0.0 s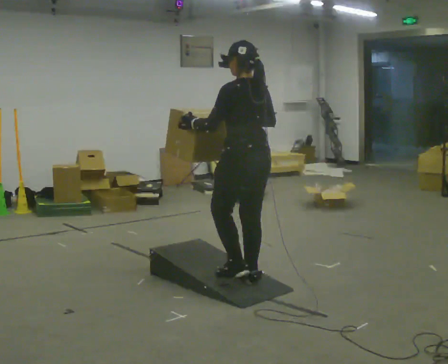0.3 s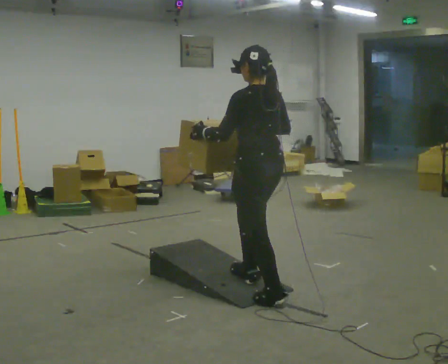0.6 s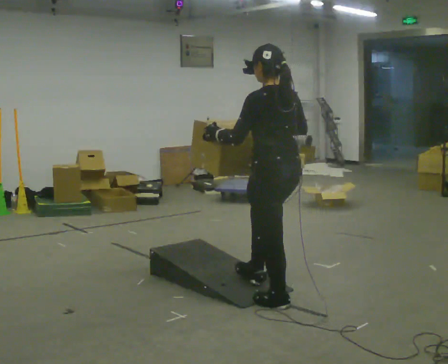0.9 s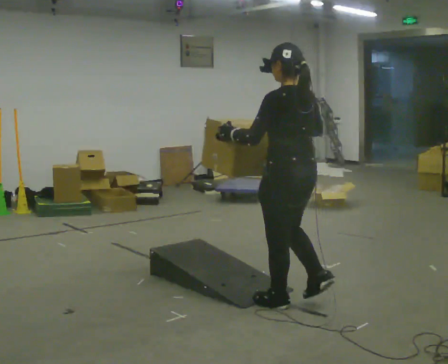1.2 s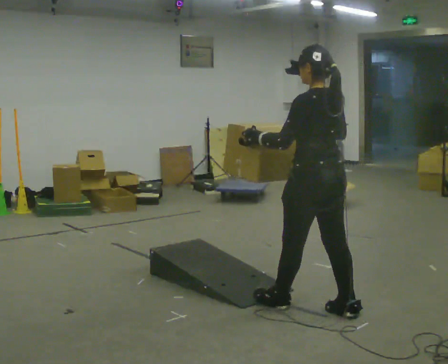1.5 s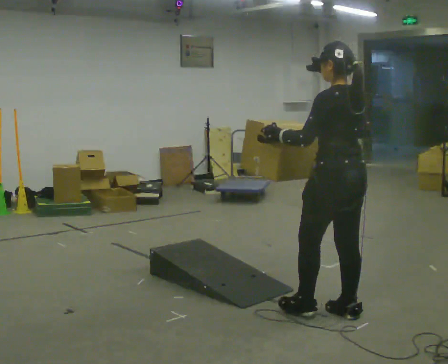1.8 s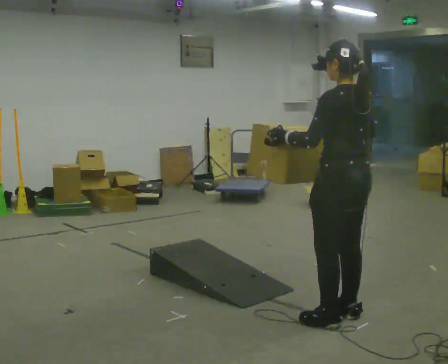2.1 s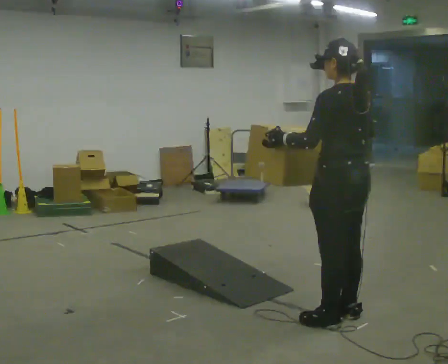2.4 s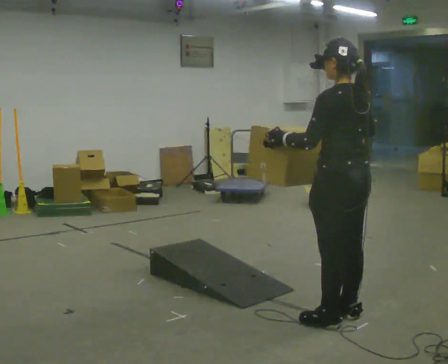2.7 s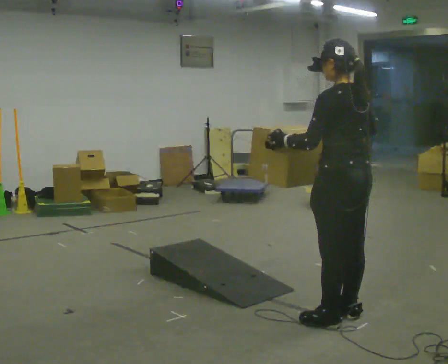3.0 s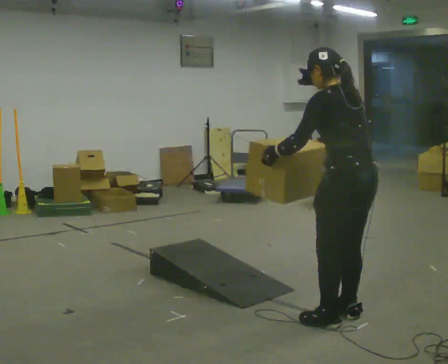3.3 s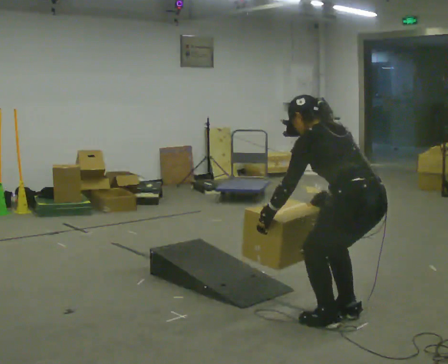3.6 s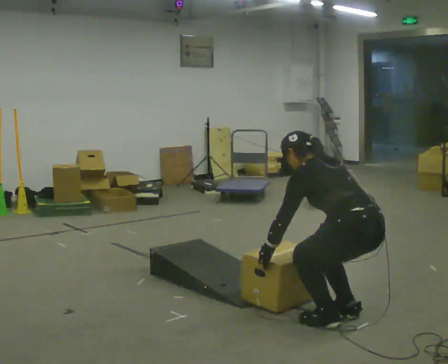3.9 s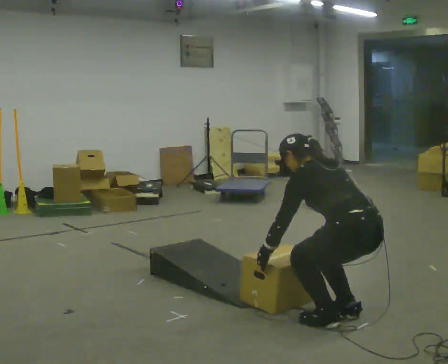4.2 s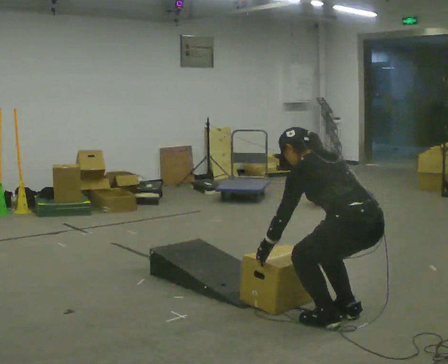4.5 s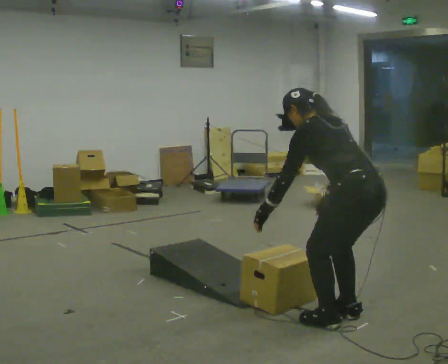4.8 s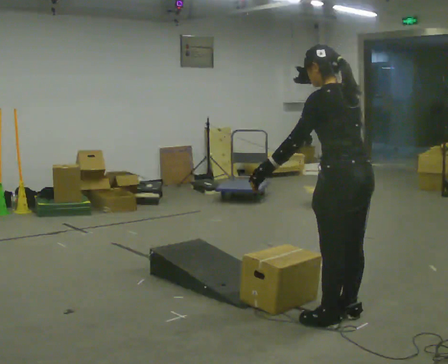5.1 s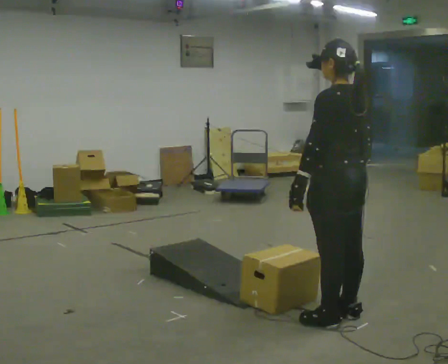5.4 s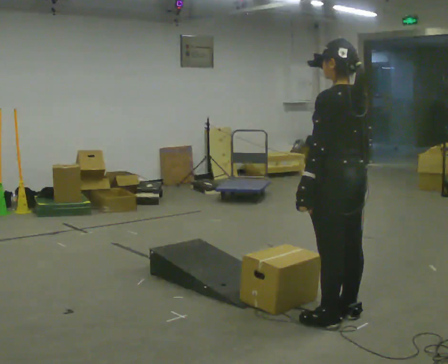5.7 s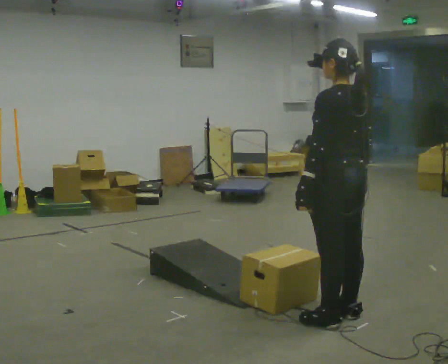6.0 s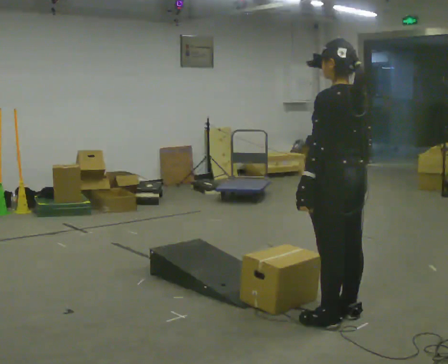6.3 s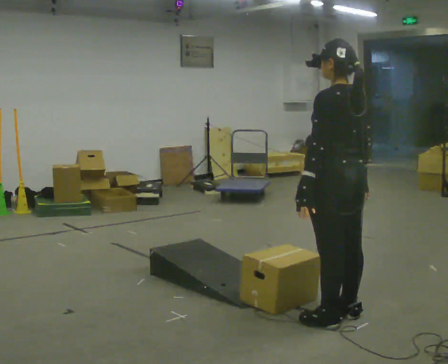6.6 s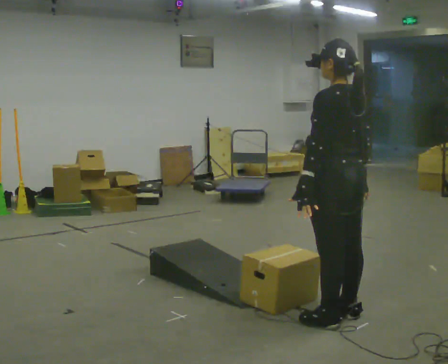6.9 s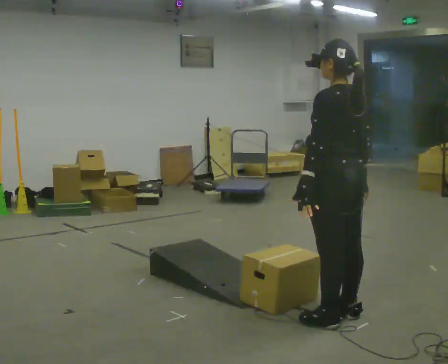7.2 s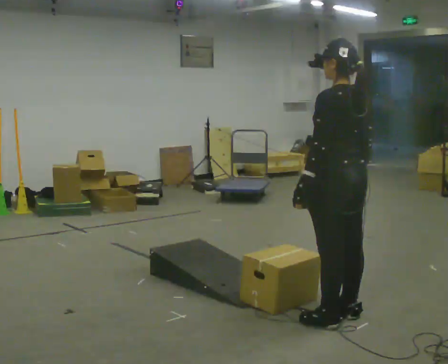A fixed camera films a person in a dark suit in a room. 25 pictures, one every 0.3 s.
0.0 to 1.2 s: In the picture they go to the right and toward the camera, about 0.5 m in 1 step, which for them is backward.
1.2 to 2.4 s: In the picture they go toward the camera, about 0.25 m in 1 step, which for them is backward.
2.4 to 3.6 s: The upper body goes downward. In the picture the upper body tilts counterclockwise, shoulders to the left, as they bend forward. In the picture their right hand goes downward.
3.6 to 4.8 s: The shoulders move upward. In the picture the upper body tilts clockwise, shoulders to the right, as they lean back or straighten. In the picture their left hand goes upward.
4.8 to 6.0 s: In the picture the upper body tilts clockwise, shoulders to the right, as they lean back or straighten.
6.0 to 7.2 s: The person keeps their place and pose.
The film runs backward here.
